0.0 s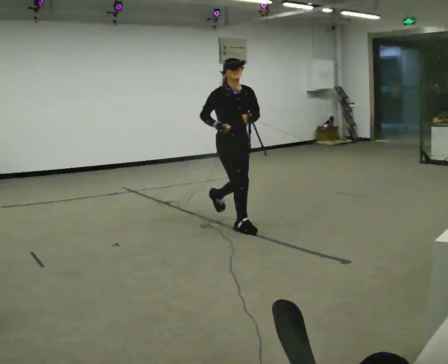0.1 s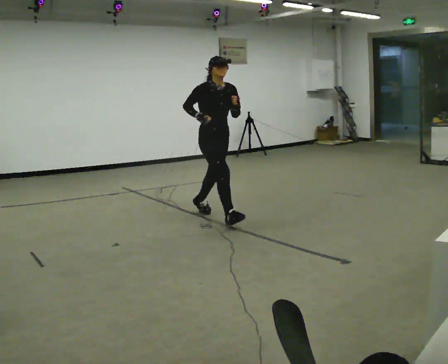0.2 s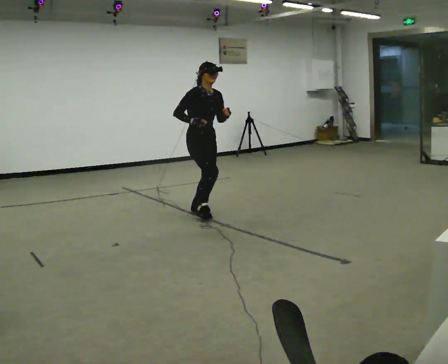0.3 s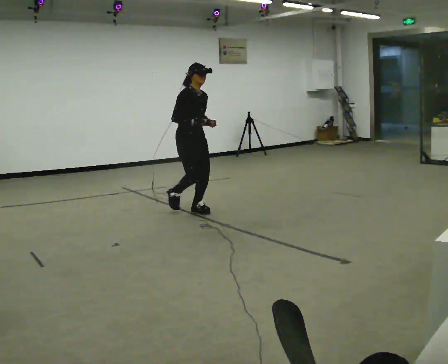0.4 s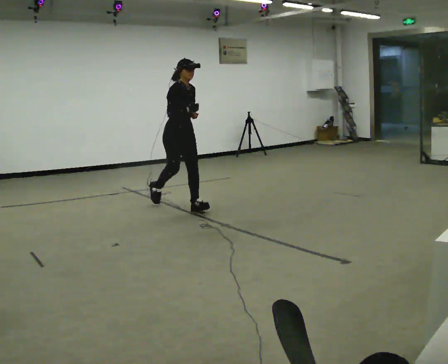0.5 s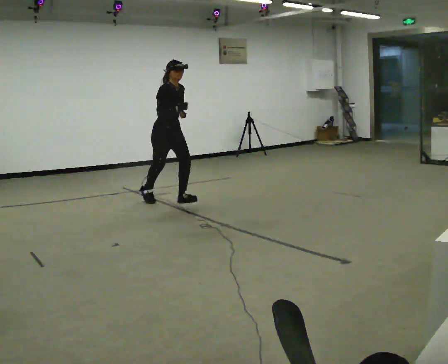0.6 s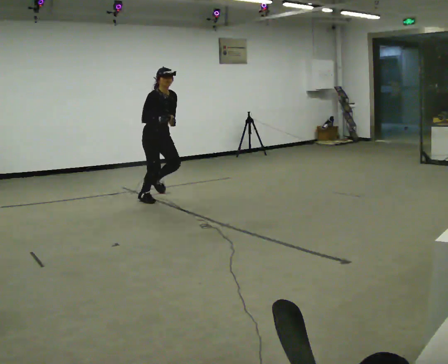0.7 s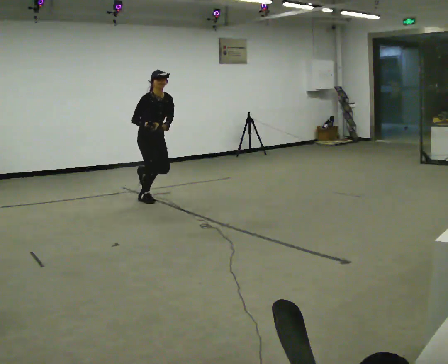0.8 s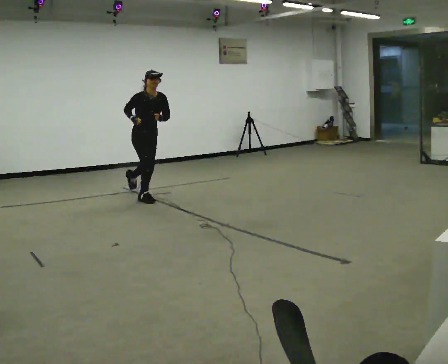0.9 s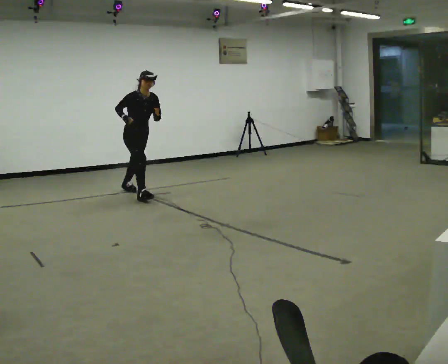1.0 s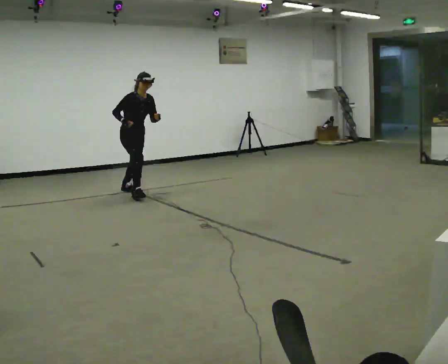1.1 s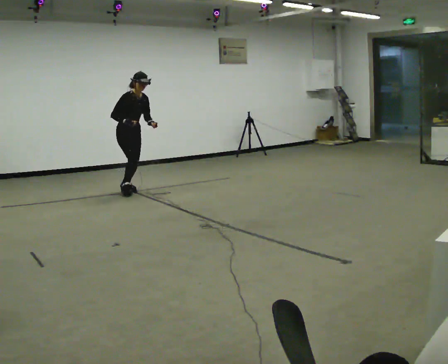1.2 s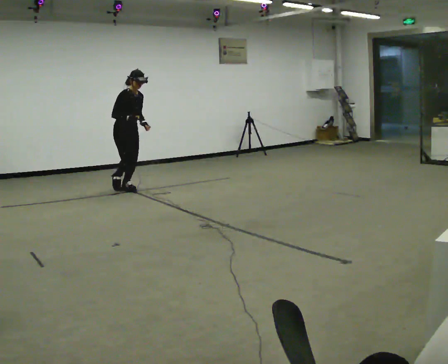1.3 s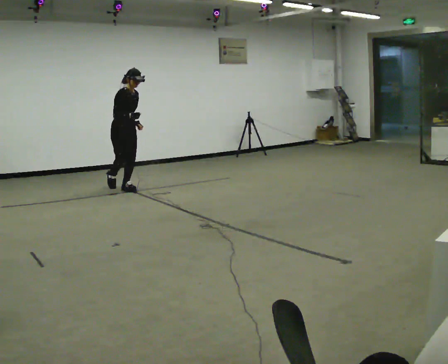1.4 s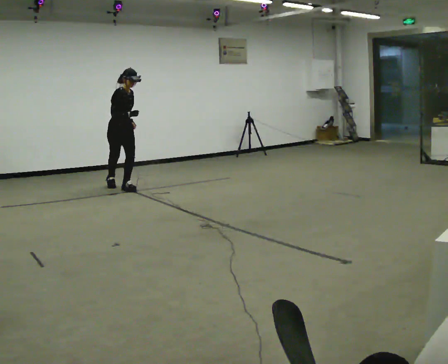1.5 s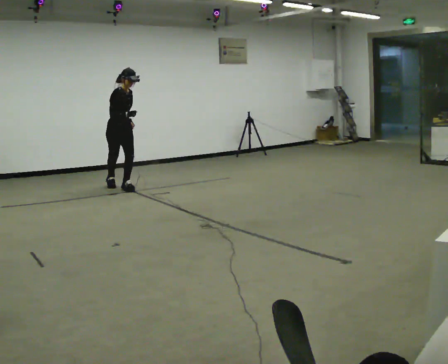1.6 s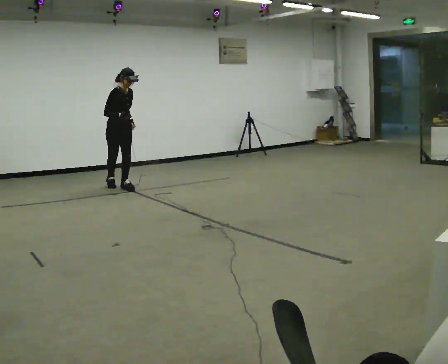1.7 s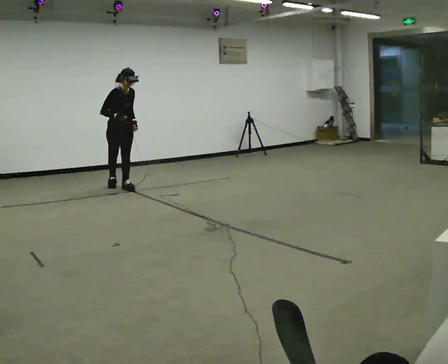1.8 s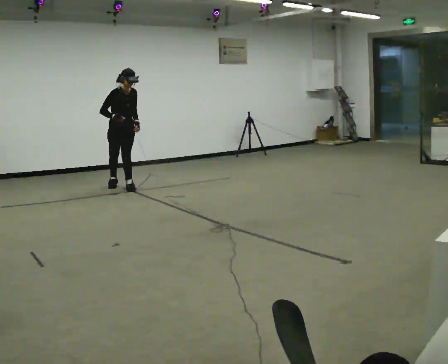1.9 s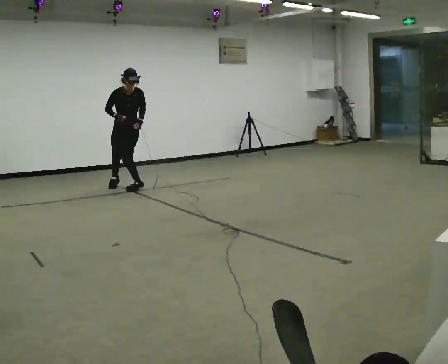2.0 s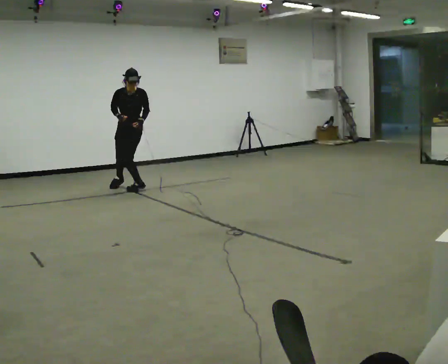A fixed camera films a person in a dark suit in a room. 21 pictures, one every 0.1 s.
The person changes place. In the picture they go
away from the camera.
The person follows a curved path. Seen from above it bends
clockwise.
0.0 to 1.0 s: In the picture they go away from the camera and to the left, about 2 m in 3 steps, which for them is backward. In the picture the upper body tilts clockwise, shoulders to the right, as they bend forward.
1.0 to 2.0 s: Seen from above the body turns clockwise, about 60 degrees: to their right, with its near side sliding to the left. In the picture they go away from the camera, about 0.25 m in 2 steps. In the picture the upper body tilts counterclockwise, shoulders to the left.
The film runs backward here.
